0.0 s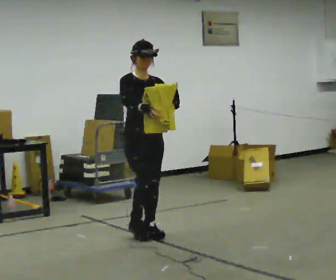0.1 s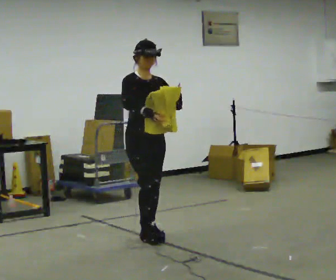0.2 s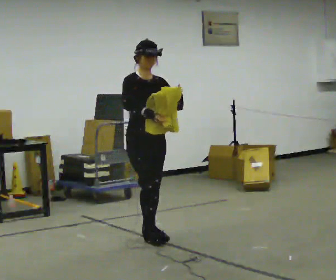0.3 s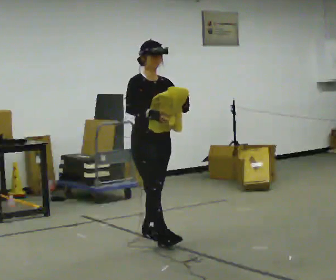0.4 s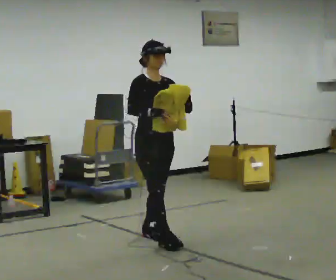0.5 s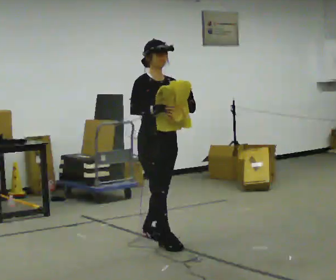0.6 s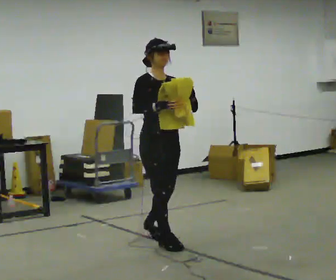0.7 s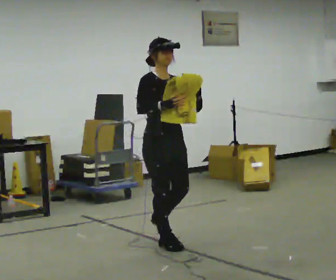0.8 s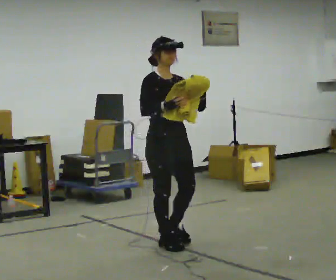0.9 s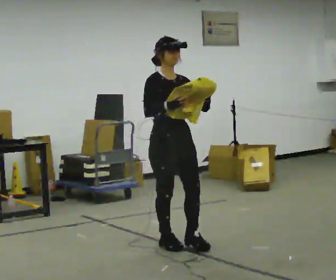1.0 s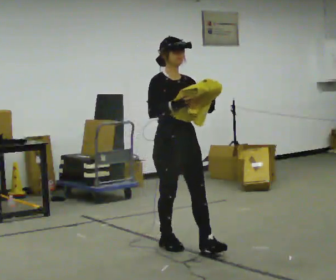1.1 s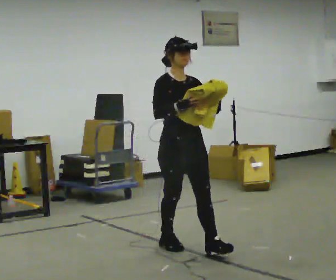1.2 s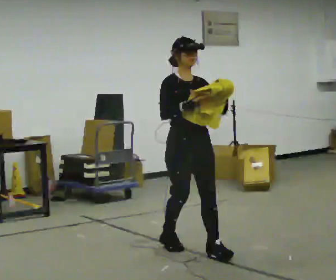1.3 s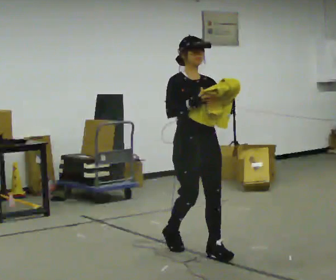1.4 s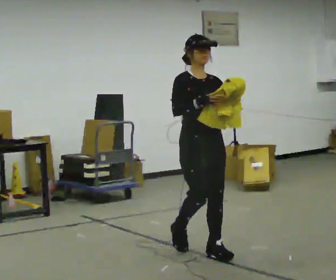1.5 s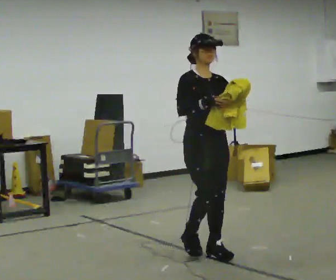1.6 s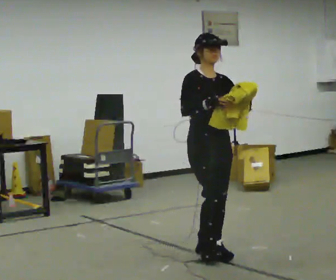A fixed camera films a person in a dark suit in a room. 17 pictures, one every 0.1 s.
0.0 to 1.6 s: In the picture they go toward the camera and to the right, about 1 m in 2 steps, which for them is forward.
The film runs forward here.
